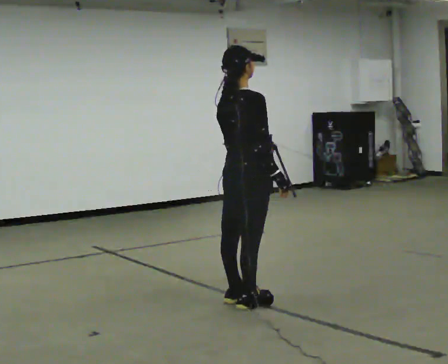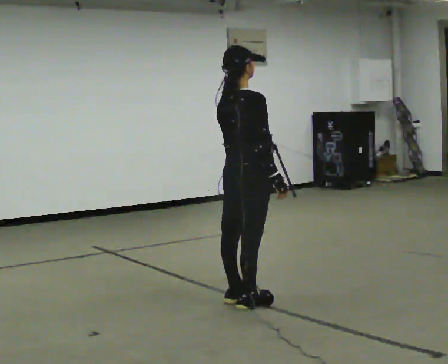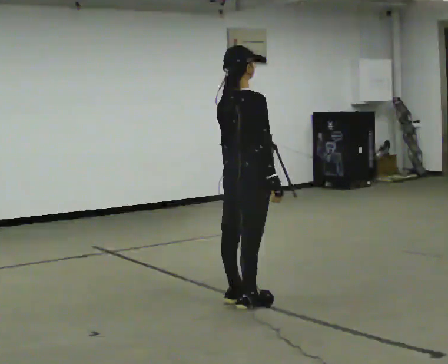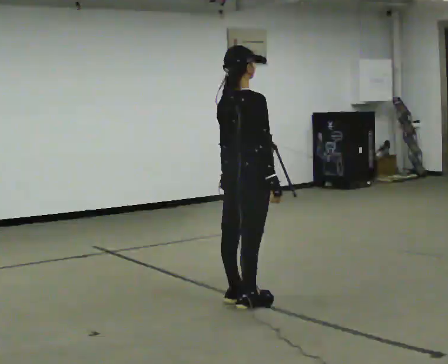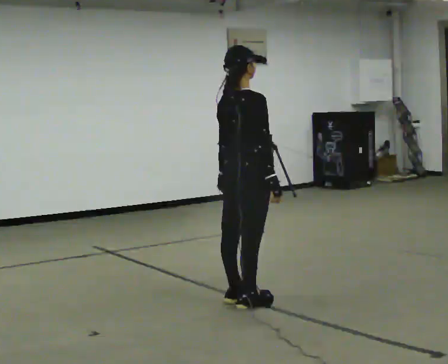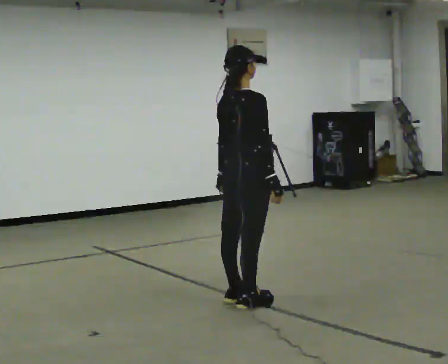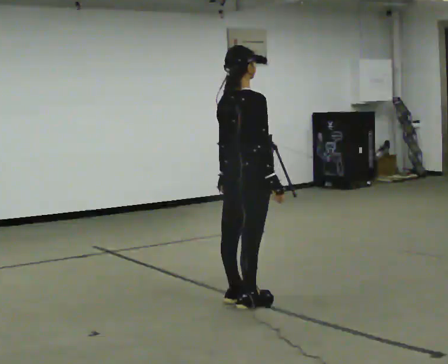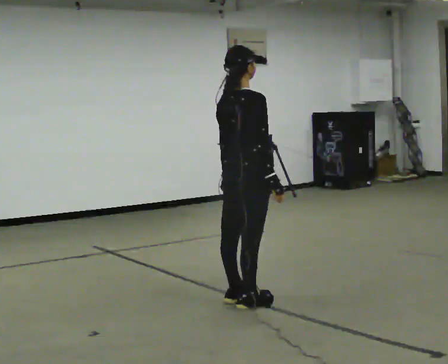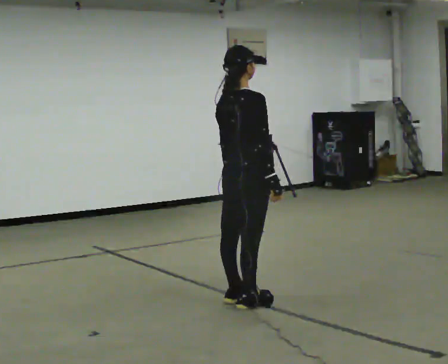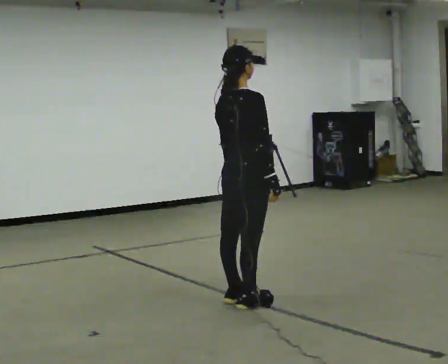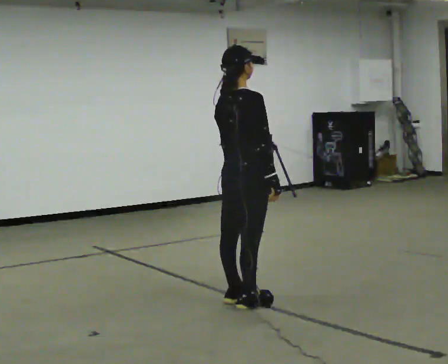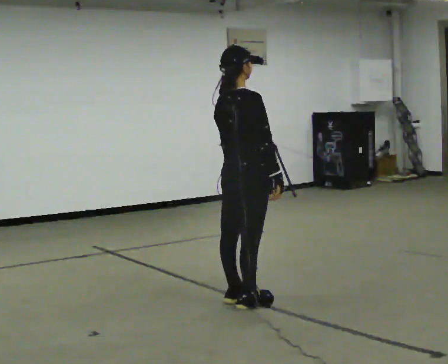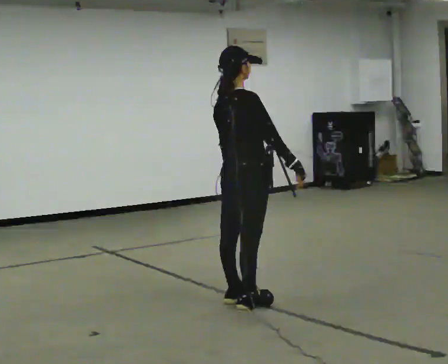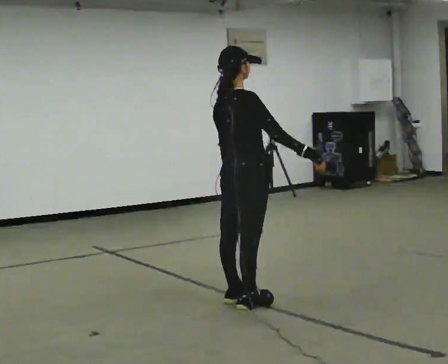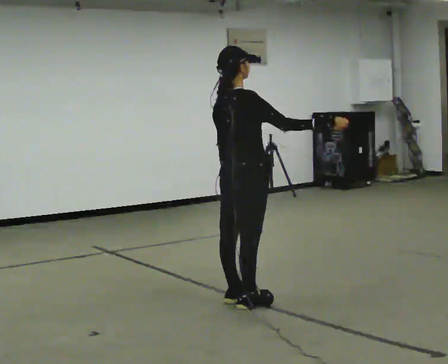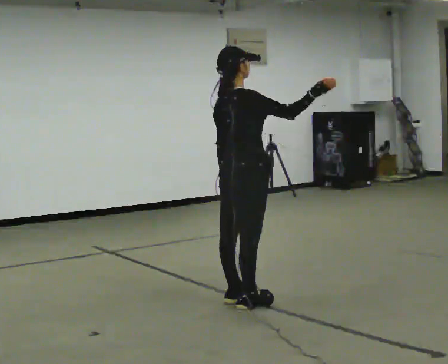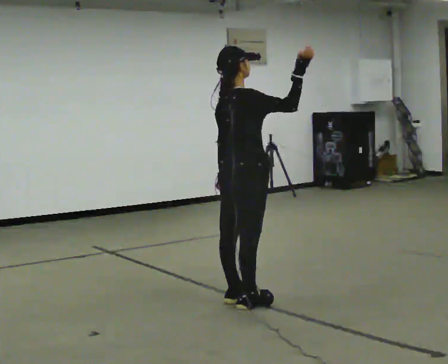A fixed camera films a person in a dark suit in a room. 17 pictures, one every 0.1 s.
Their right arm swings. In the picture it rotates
counterclockwise.
Their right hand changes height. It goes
upward.
0.0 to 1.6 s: In the picture their right hand goes upward, the arm swinging counterclockwise.
The film runs forward here.
